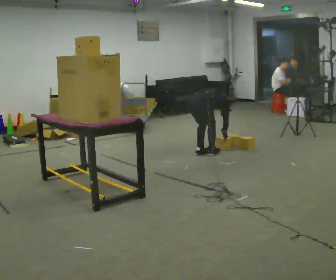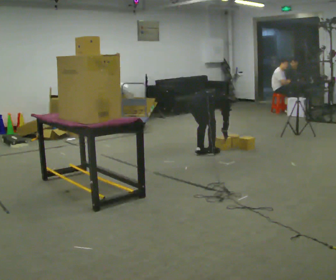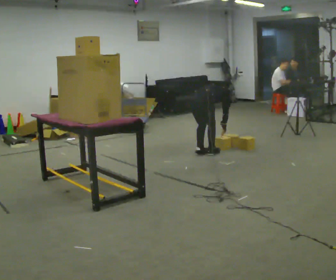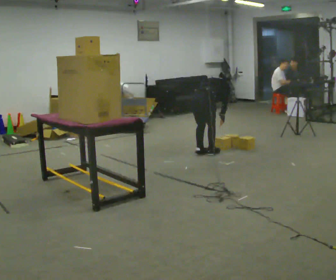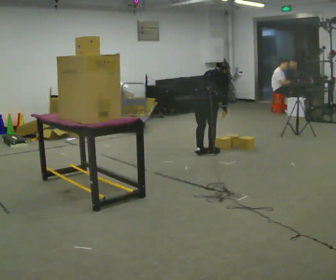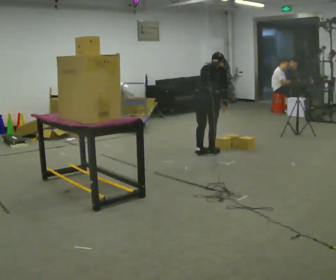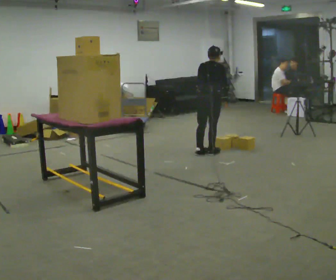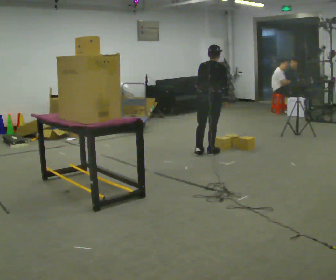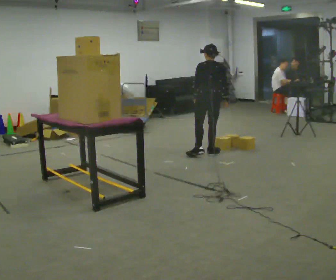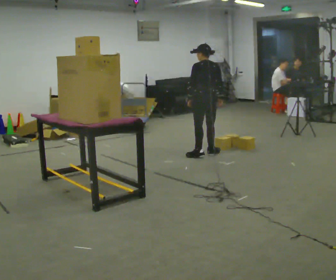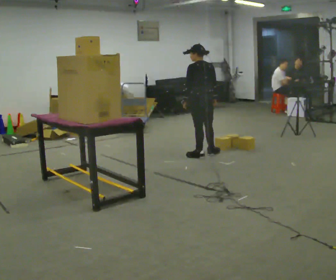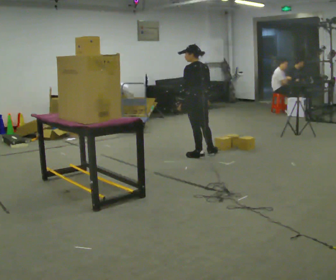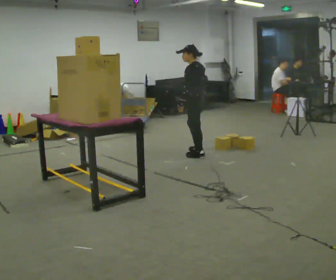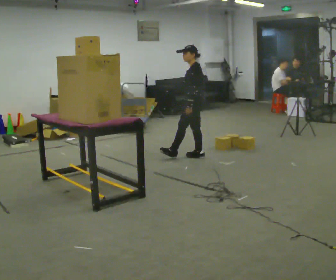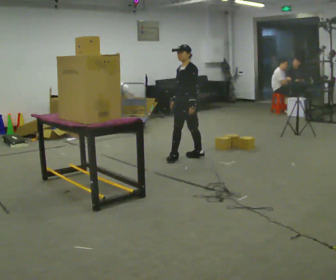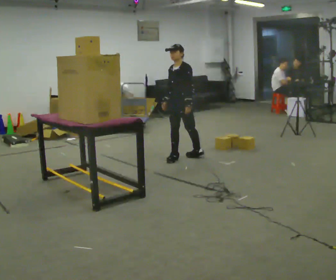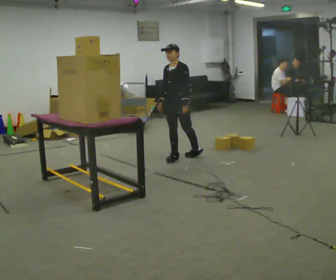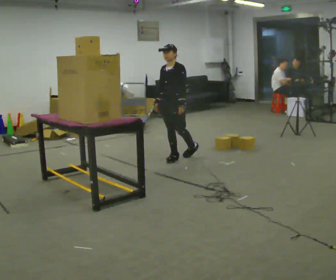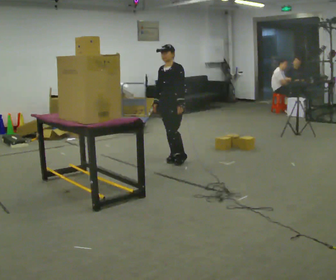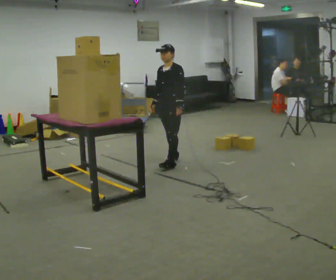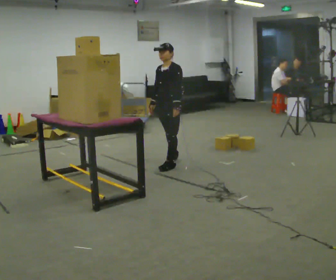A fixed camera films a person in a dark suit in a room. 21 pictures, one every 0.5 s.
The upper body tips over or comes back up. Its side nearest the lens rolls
downward.
Their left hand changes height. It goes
upward.
0.0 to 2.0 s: The upper body goes upward. The upper body tips toward the camera, its near side rolling downward, as they lean back or straighten. In the picture their left hand goes upward.
2.0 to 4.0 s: The person turns about 30 degrees to their left, counterclockwise seen from above, so the part of the body nearest the lens slides to the right. The upper body tips toward the camera, its near side rolling downward, as they lean back or straighten.
4.0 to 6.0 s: The person turns about 60 degrees to their left, counterclockwise seen from above, so the part of the body nearest the lens slides to the right.
6.0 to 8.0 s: The part of the body nearest the lens slides to the right as the person turns to their left by about 75 degrees. In the picture they go to the left, about 0.25 m in 1 step.
8.0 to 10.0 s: In the picture they go toward the camera, about 0.25 m in 1 step, which for them is forward.
The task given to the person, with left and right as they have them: Take an object down from the highest shelf you can comfortably reach, carry it across the room, and set it on the floor. Keep going until the operator says stop; one object at a time, and do not rush between trips.
The film runs forward here.
